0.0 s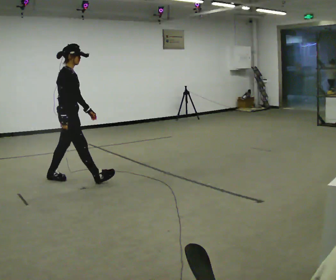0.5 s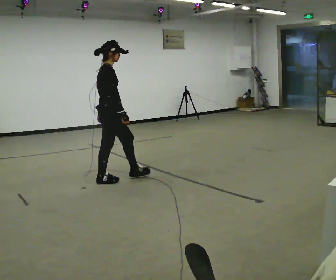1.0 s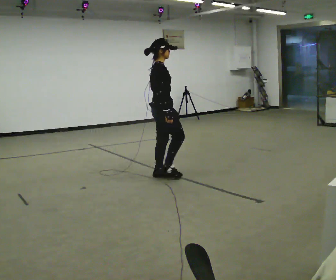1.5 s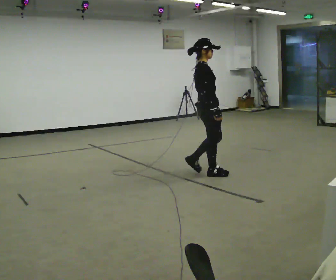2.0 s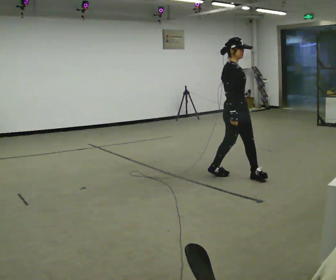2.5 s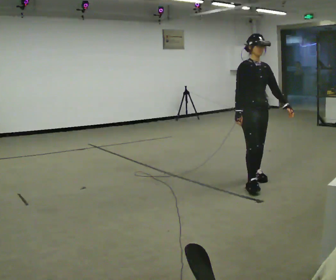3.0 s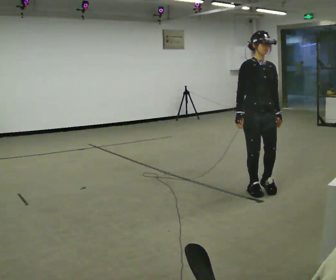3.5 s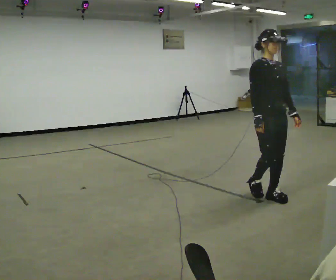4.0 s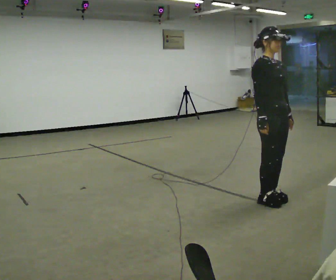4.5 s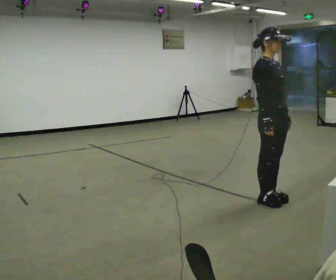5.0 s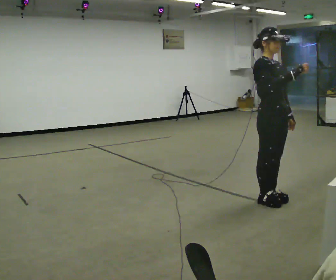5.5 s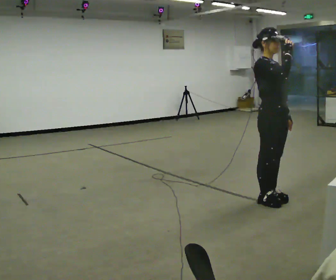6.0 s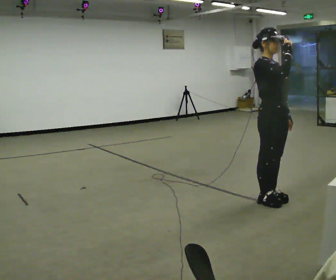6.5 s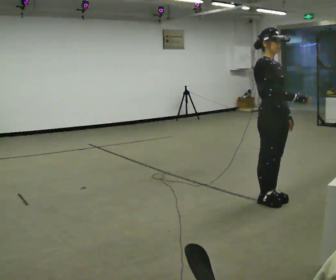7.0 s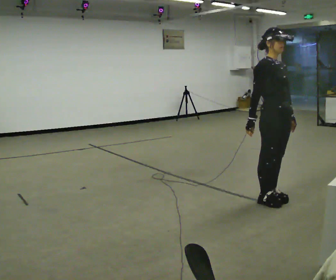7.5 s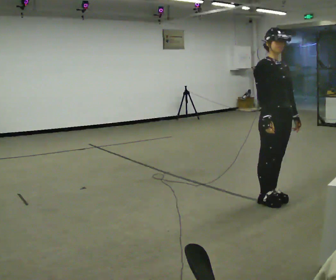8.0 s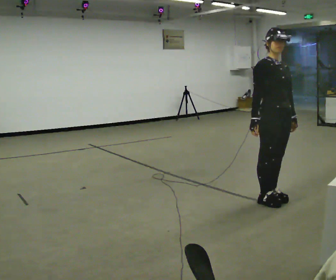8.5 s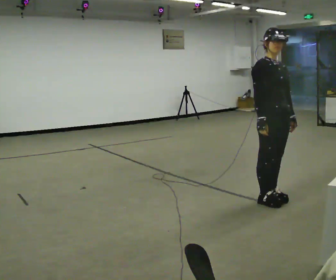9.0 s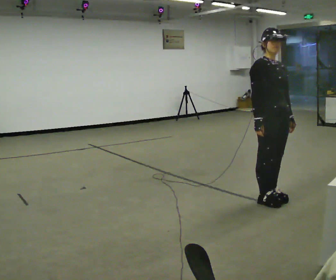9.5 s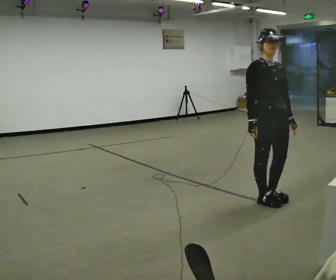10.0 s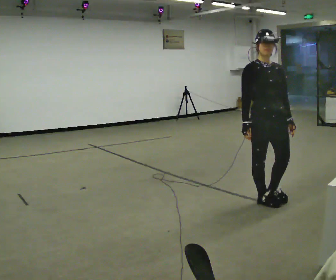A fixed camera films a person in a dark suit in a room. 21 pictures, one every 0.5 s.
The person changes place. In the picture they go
to the right.
The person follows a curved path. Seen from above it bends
clockwise.
0.0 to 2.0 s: The part of the body nearest the lens slides to the left as the person turns to their right by about 45 degrees. In the picture they go to the right, about 2 m in 4 steps, which for them is forward.
2.0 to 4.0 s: In the picture they go toward the camera and to the right, about 1 m in 3 steps, which for them is forward.
4.0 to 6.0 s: In the picture their right hand goes upward.
6.0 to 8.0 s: In the picture their right hand goes downward.
8.0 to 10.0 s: The person moves a little, or ends about where they began.
The film runs forward here.
